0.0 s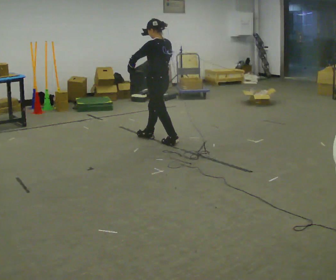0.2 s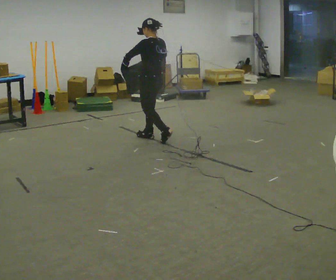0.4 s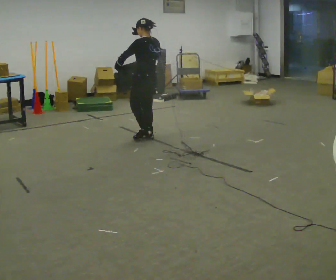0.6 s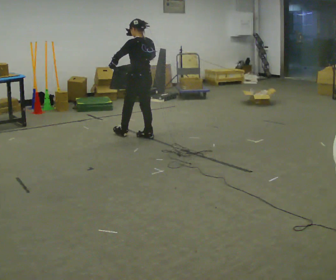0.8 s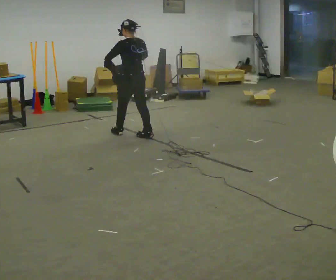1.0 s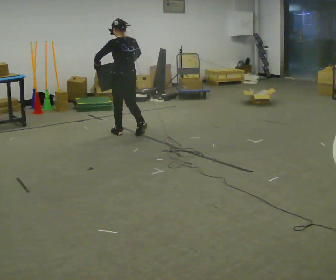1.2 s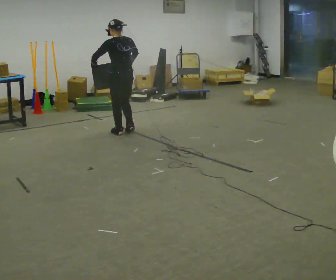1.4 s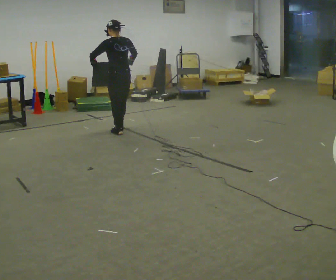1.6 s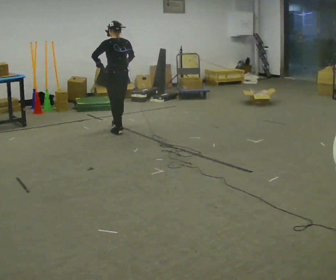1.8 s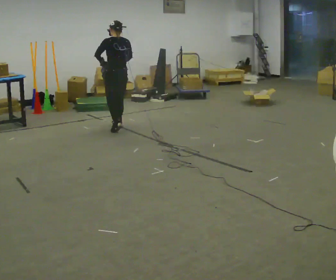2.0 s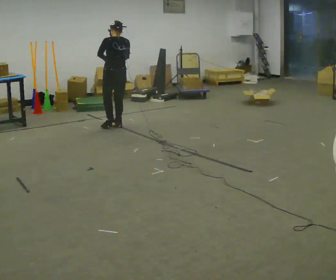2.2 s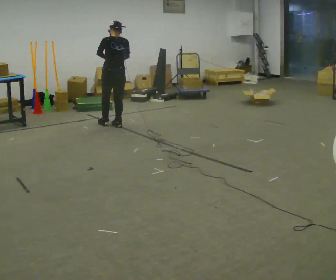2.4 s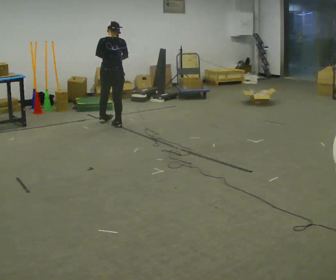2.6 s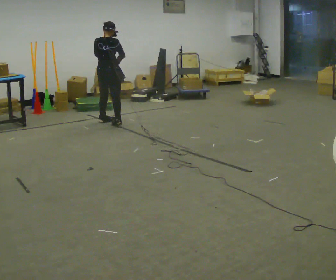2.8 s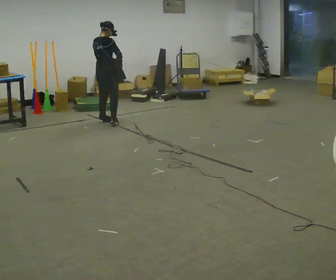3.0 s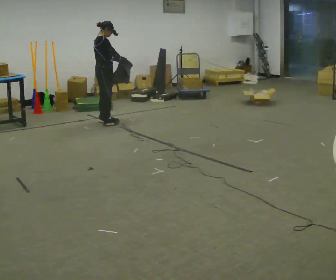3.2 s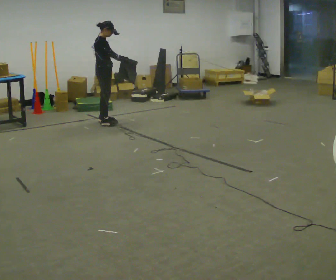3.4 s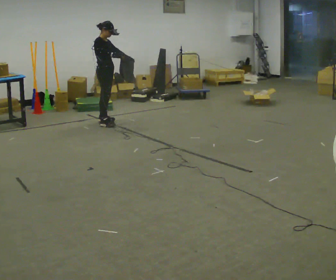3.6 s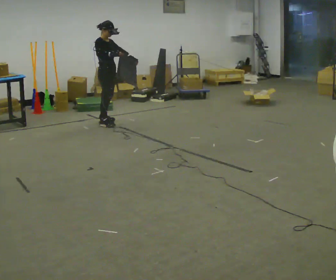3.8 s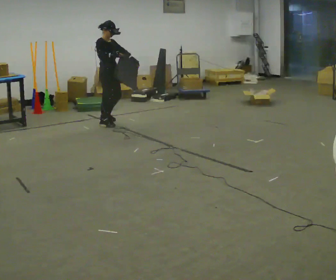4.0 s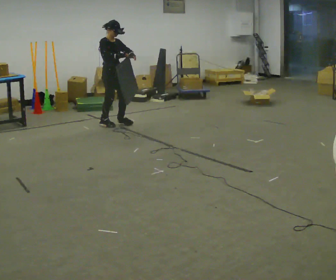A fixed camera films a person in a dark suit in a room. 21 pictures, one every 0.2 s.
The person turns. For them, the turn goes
to their right.
The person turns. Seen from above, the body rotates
clockwise.
0.0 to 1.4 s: Seen from above the body turns clockwise, about 30 degrees: to their right, with its near side sliding to the left. In the picture they go away from the camera and to the left, about 0.75 m in 1 step, which for them is forward.
1.4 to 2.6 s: The person turns about 45 degrees to their right, clockwise seen from above, so the part of the body nearest the lens slides to the left. In the picture they go away from the camera, about 0.5 m in 2 steps, which for them is forward.
2.6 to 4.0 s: Seen from above the body turns clockwise, about 105 degrees: to their right, with its near side sliding to the left. In the picture they go toward the camera, about 0.25 m in 1 step. In the picture their left hand goes to the right.
The film runs forward here.
